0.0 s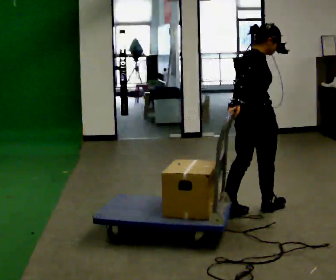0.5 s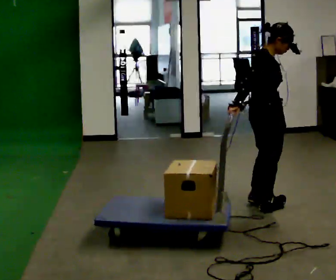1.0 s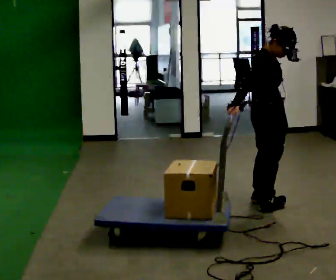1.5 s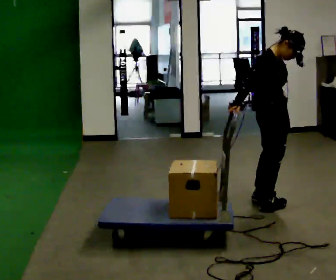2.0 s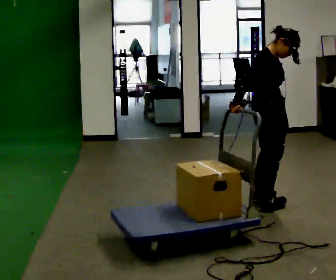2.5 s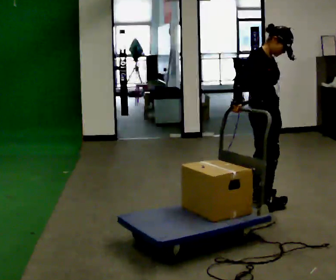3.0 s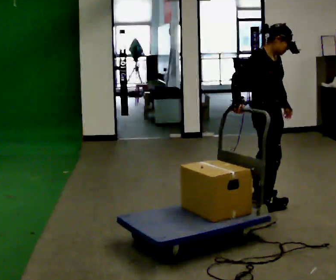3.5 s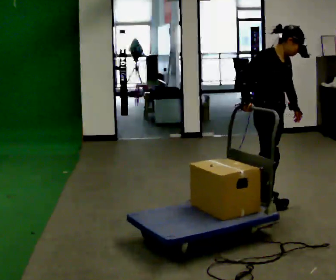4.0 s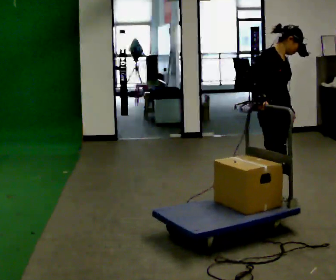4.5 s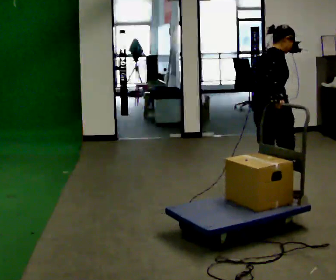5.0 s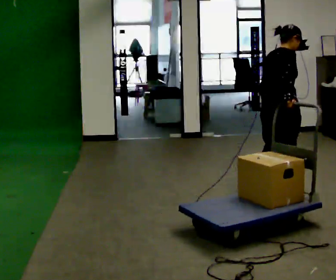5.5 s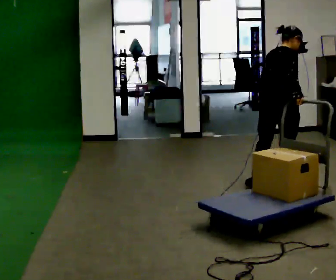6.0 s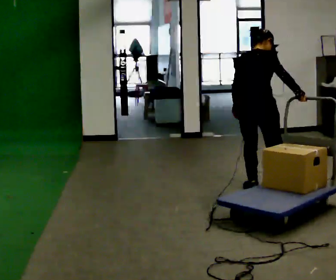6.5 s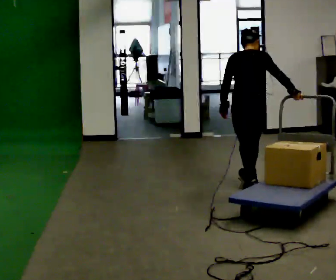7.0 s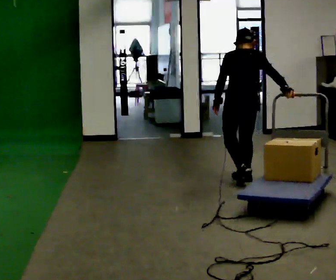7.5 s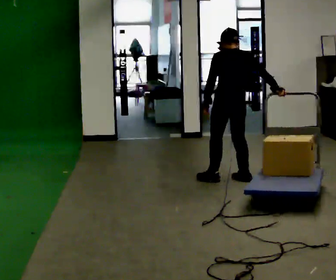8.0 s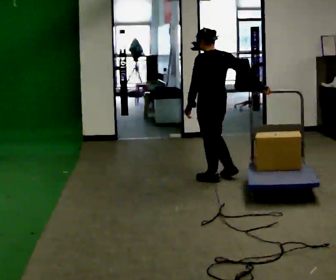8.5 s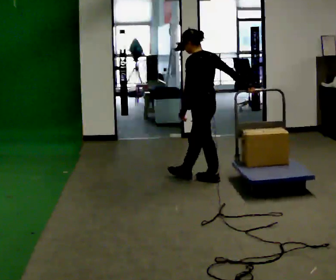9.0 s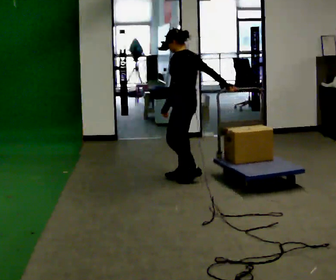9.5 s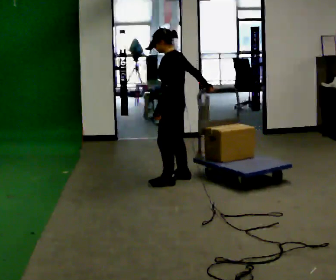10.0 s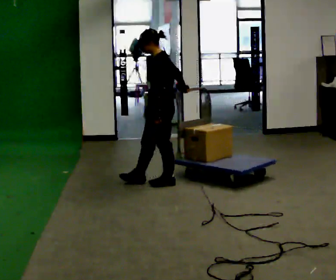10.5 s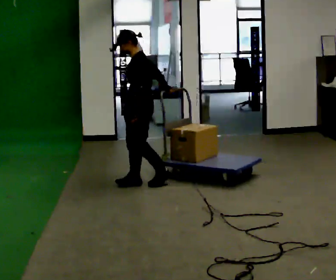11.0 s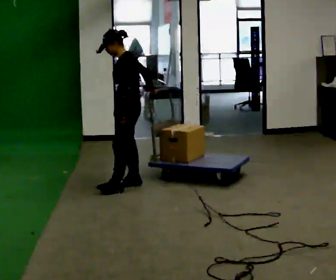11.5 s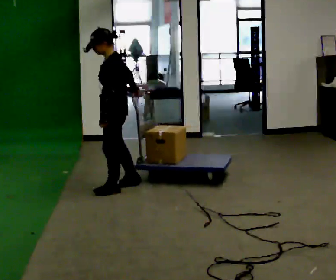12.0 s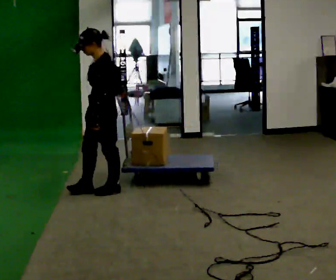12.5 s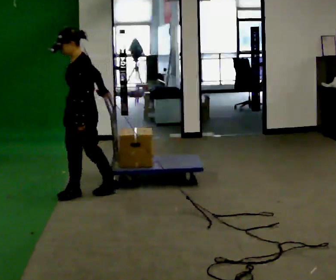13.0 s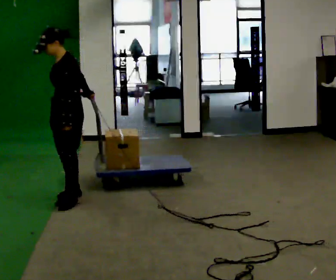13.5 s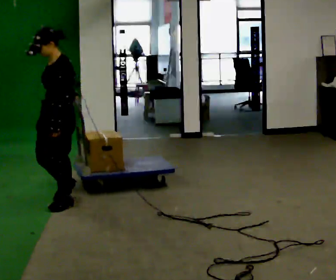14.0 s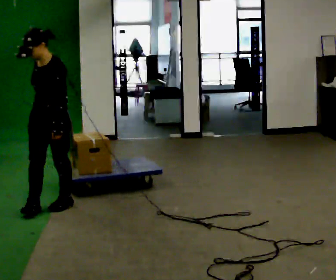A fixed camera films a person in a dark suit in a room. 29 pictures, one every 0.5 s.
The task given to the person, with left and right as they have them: Pull the cart behind you as you walk backward across the room. The operator will confirm the space behind you is clear before each take.
0.0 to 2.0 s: The person turns about 30 degrees to their right, clockwise seen from above, so the part of the body nearest the lens slides to the left.
2.0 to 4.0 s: The person moves a little, or ends about where they began.
4.0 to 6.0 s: The person turns about 75 degrees to their left, counterclockwise seen from above, so the part of the body nearest the lens slides to the right. In the picture they go away from the camera, about 0.5 m in 2 steps.
6.0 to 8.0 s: The person turns about 60 degrees to their left, counterclockwise seen from above, so the part of the body nearest the lens slides to the right. In the picture they go to the left and away from the camera, about 0.5 m in 2 steps.
8.0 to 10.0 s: The part of the body nearest the lens slides to the right as the person turns to their left by about 60 degrees. In the picture they go to the left, about 0.5 m in 2 steps.
10.0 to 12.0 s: In the picture they go to the left and toward the camera, about 0.5 m in 2 steps, which for them is forward.
12.0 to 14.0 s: Seen from above the body turns counterclockwise, about 30 degrees: to their left, with its near side sliding to the right. In the picture they go toward the camera and to the left, about 0.5 m in 3 steps, which for them is forward.
The film runs forward here.
